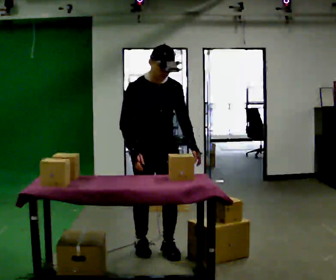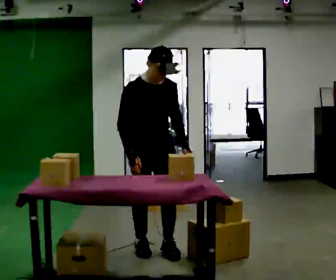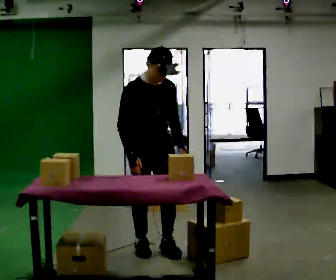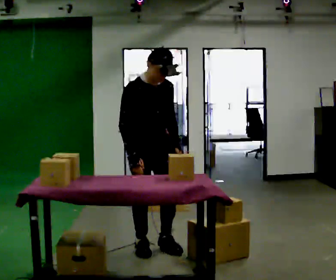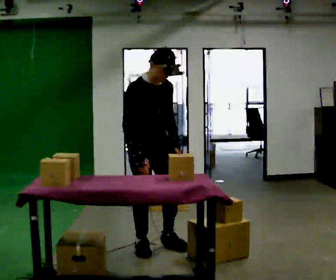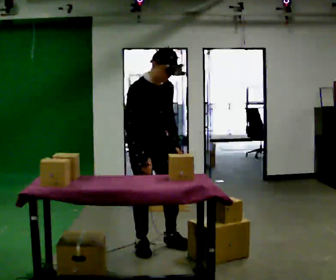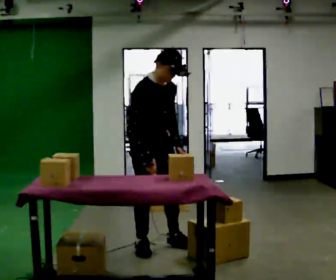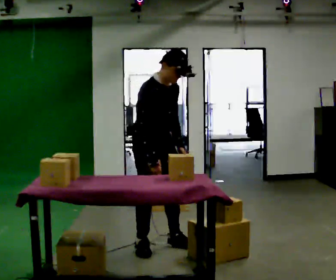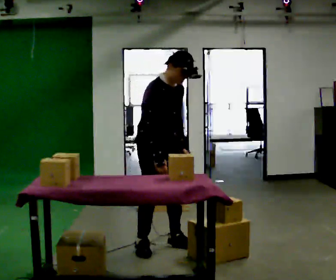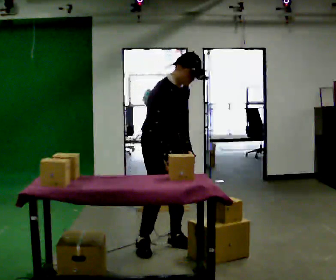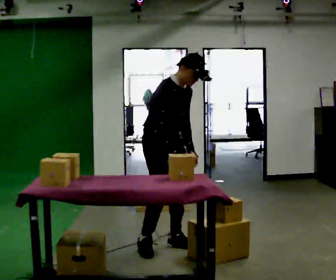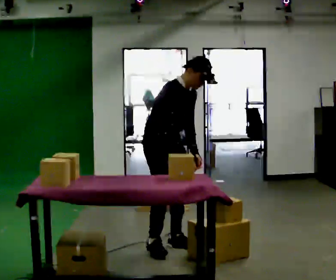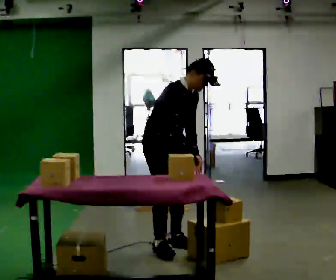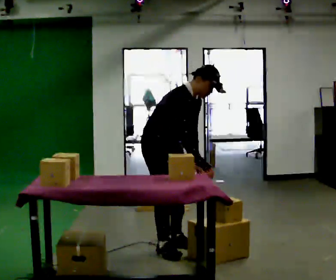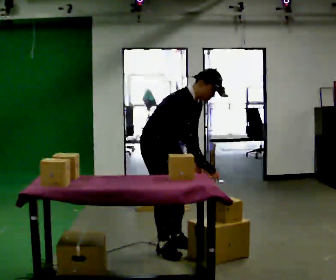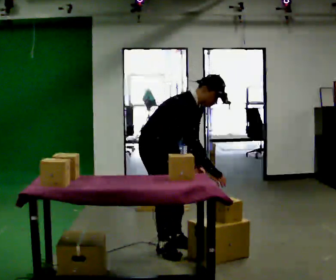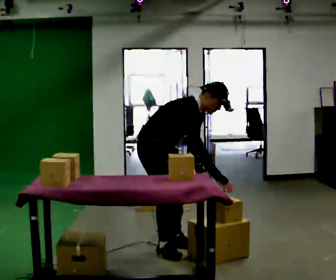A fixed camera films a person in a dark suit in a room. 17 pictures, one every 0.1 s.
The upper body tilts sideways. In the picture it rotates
clockwise.
0.0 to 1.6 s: The part of the body nearest the lens slides to the right as the person turns to their left by about 45 degrees. The shoulders move downward. In the picture the upper body tilts clockwise, shoulders to the right, as they bend forward. In the picture their right hand goes to the right.
The film runs forward here.
